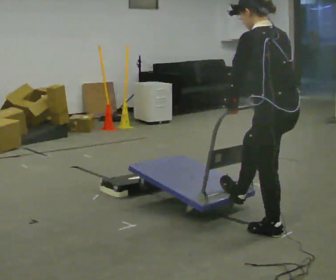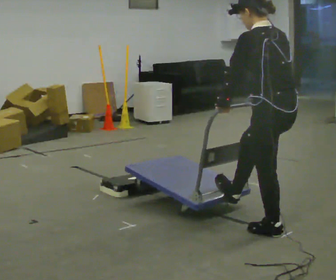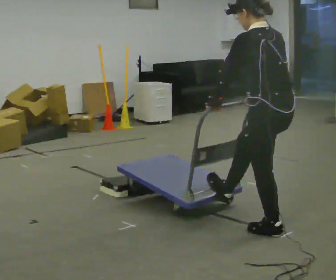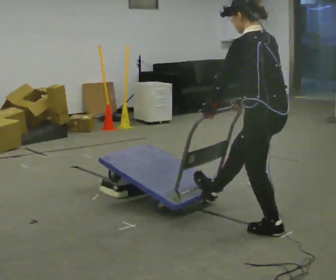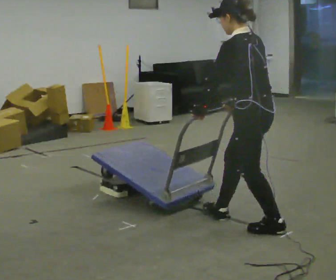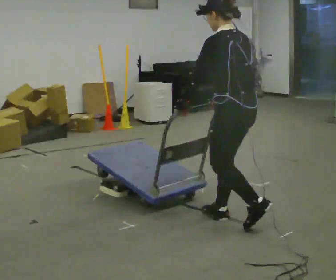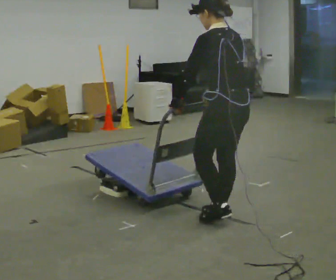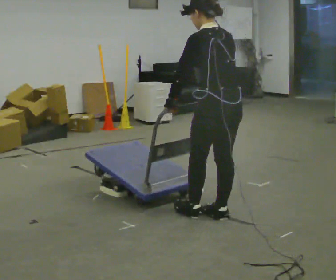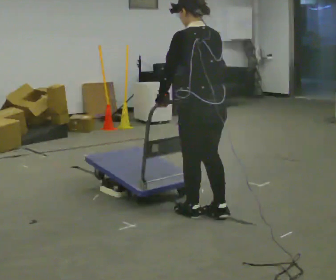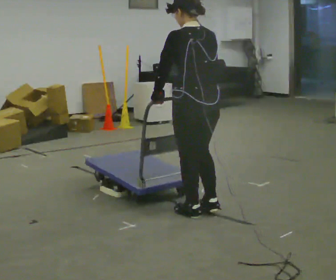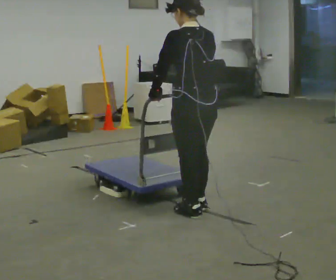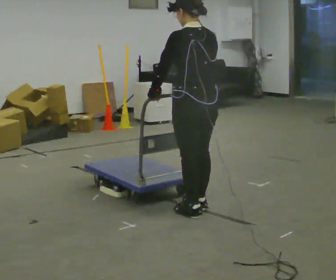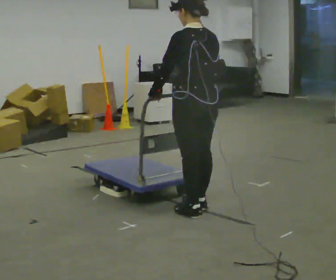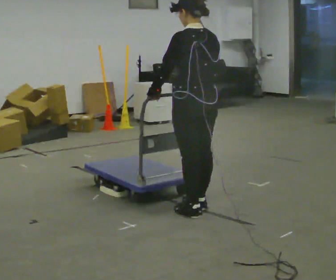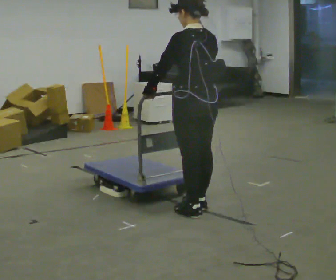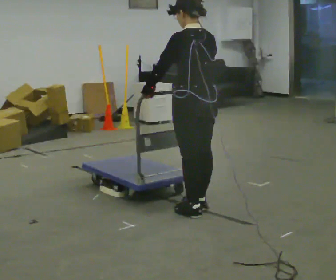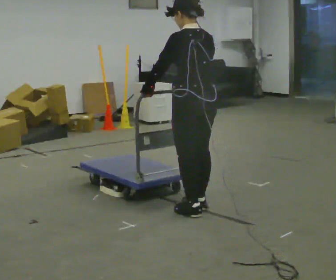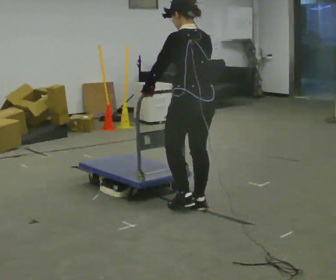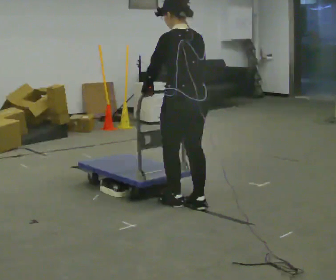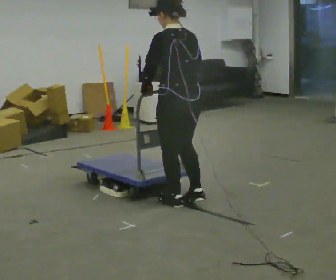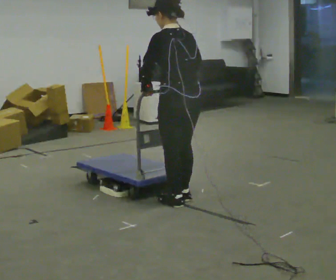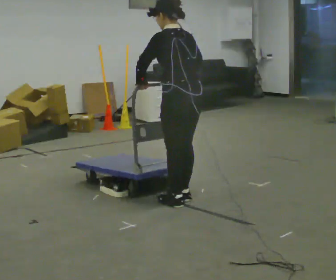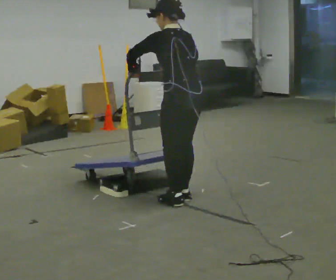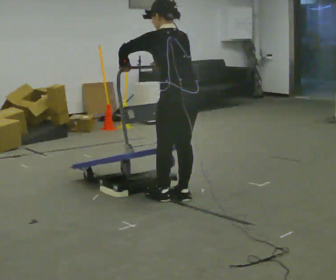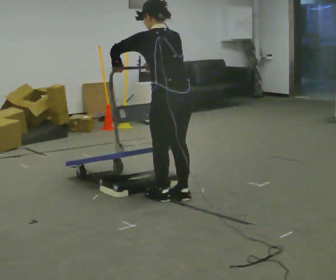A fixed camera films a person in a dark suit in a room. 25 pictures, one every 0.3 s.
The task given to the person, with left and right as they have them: Push the cart up over the low platform edge and down the other side, then bring it back over.
0.0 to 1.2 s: In the picture they go away from the camera and to the left, about 0.25 m in 1 step, which for them is forward.
1.2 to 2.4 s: In the picture they go to the left and away from the camera, about 0.25 m in 1 step, which for them is forward.
2.4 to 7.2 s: In the picture they go away from the camera and to the left, about 0.5 m in 4 steps, which for them is forward.
The film runs forward here.
